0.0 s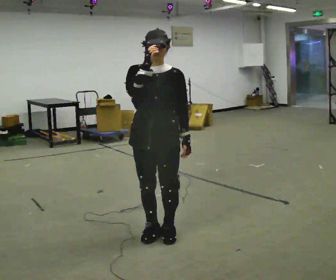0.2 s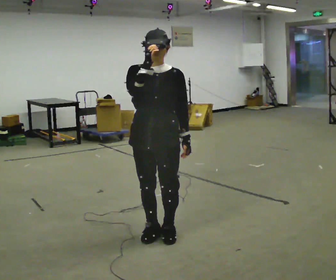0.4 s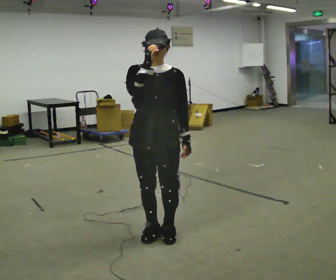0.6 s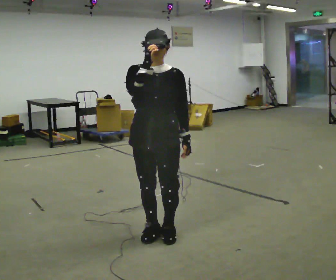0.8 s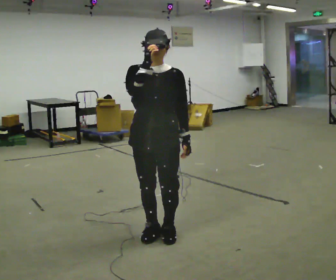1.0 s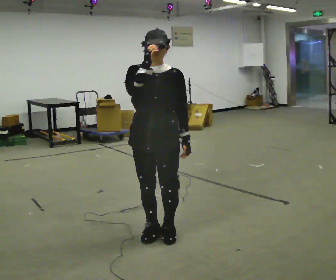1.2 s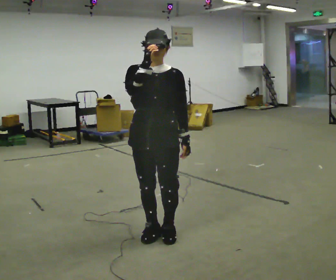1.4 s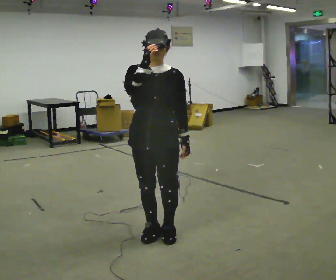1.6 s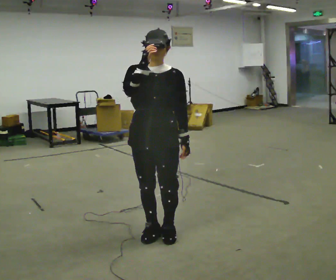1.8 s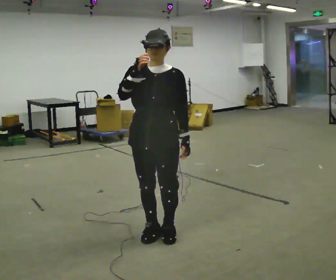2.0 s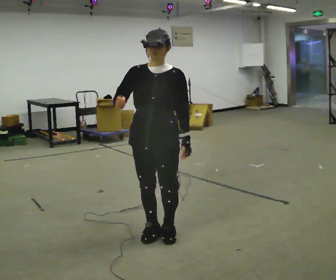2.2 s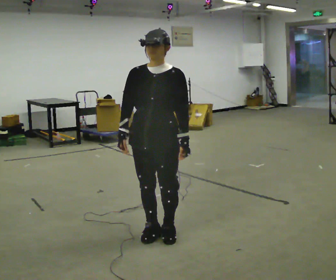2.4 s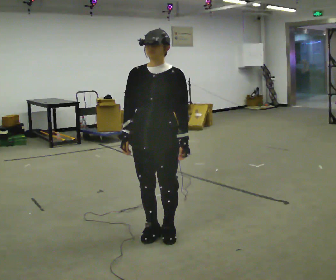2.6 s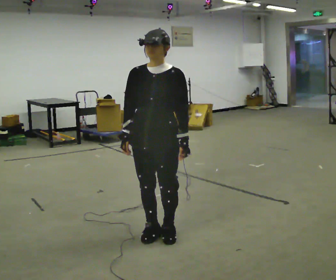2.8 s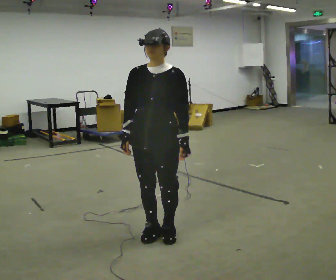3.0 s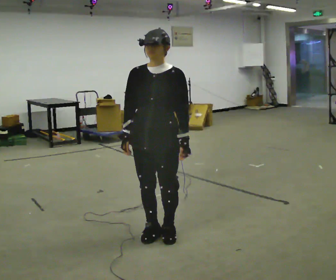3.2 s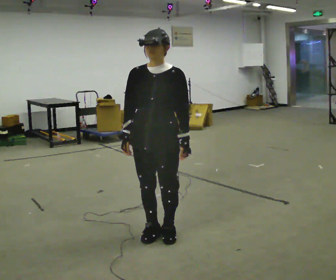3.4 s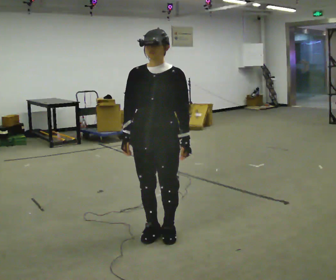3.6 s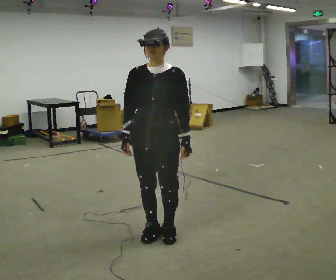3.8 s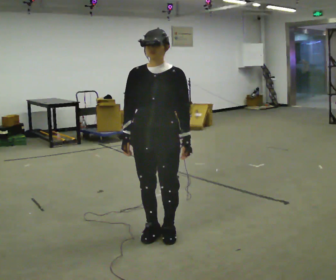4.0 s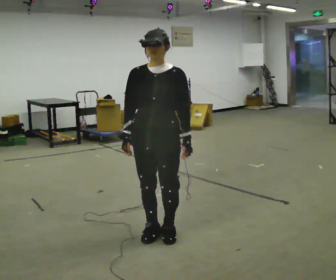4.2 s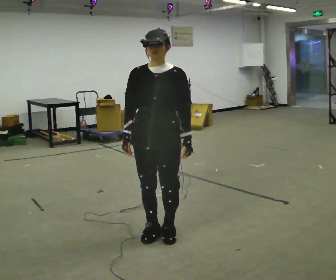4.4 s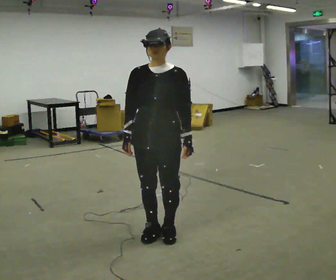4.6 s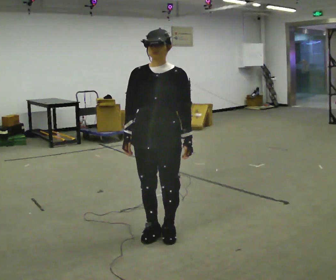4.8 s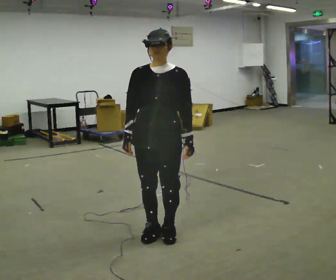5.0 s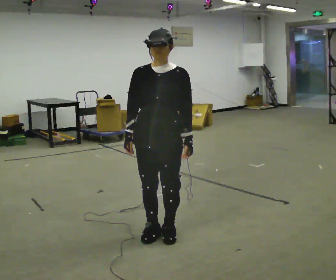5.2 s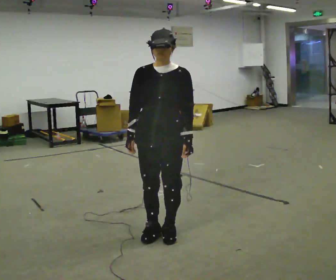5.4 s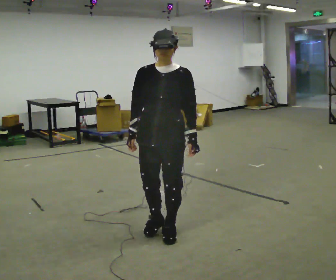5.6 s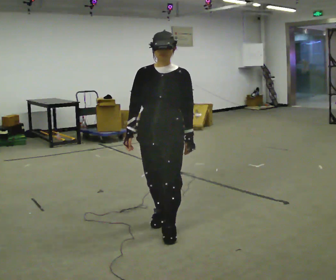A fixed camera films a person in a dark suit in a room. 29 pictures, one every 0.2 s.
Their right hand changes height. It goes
downward.
0.0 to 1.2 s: The person keeps their place and pose.
1.2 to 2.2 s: In the picture their right hand goes downward.
2.2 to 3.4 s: The person moves a little, or ends about where they began.
3.4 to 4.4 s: The person keeps their place and pose.
4.4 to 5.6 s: The person moves a little, or ends about where they began.
The film runs backward here.
